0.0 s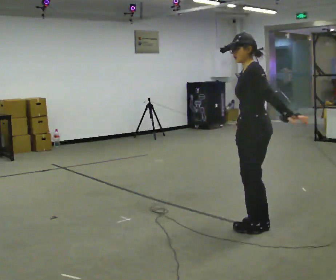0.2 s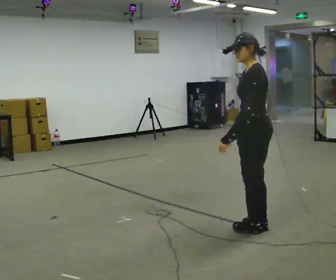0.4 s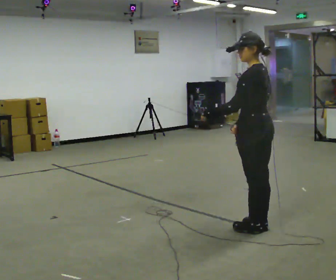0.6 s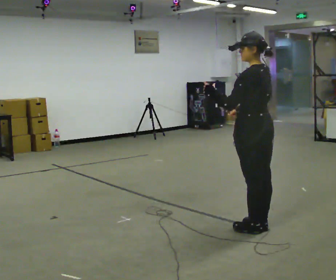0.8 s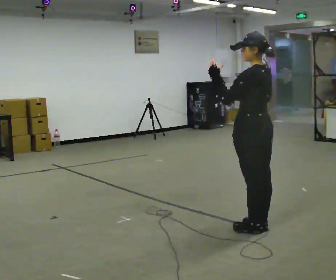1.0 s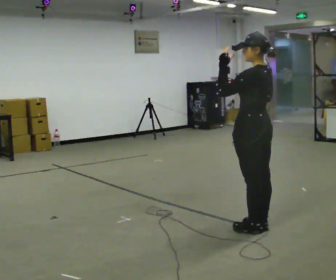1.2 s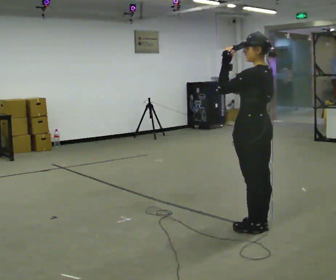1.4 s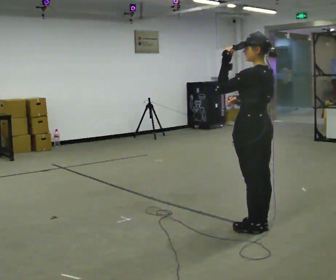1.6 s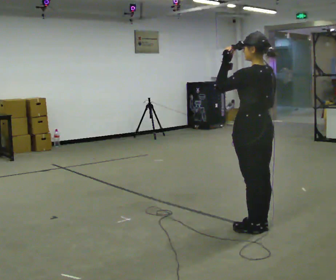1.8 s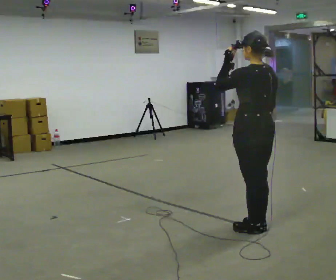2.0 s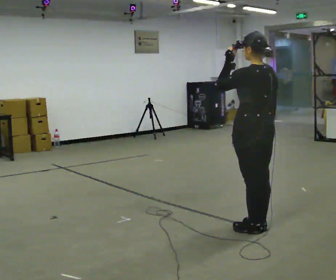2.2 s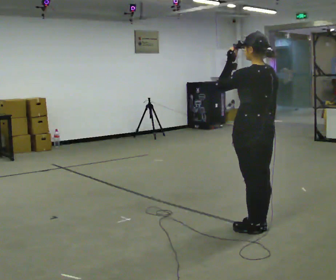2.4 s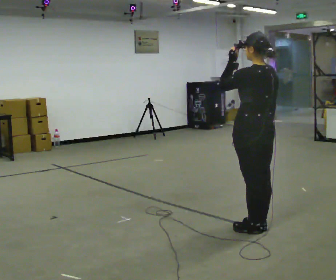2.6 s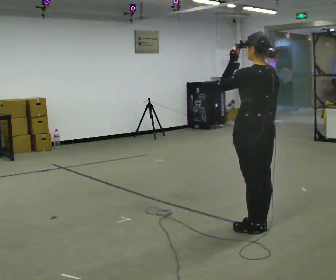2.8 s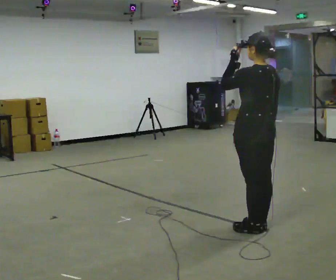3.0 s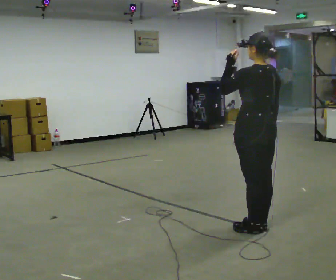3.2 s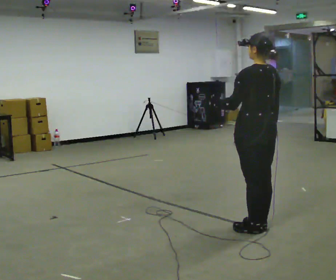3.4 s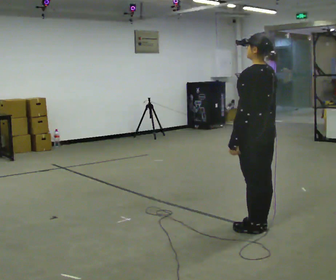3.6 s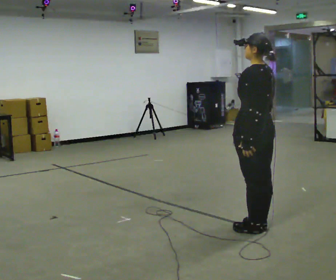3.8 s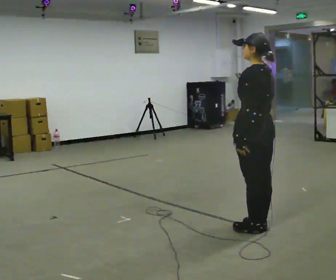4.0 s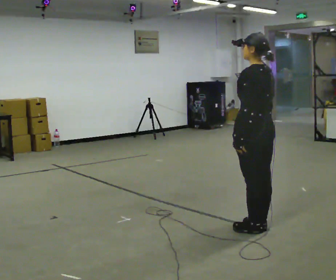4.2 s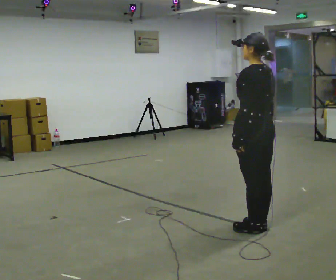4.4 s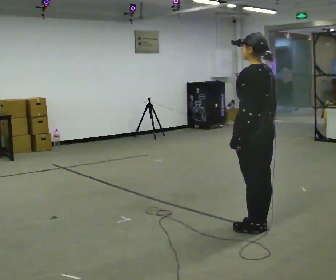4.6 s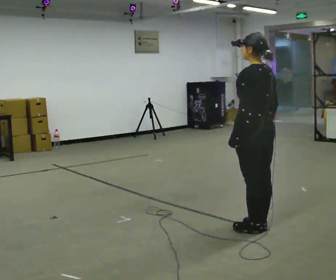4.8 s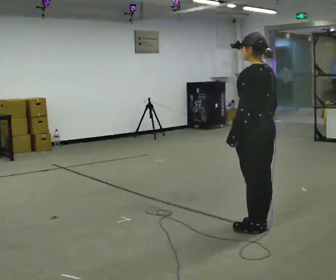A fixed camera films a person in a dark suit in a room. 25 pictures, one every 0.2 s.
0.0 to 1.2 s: In the picture their left hand goes upward and to the left.
1.2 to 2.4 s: The person moves a little, or ends about where they began.
2.4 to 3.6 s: In the picture their left hand goes downward.
3.6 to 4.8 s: The person moves a little, or ends about where they began.
The film runs forward here.
